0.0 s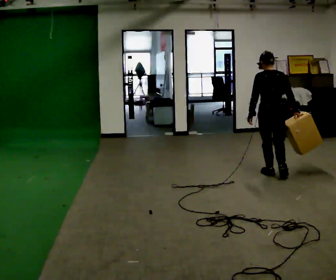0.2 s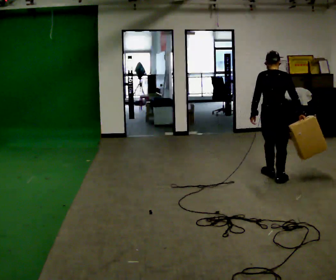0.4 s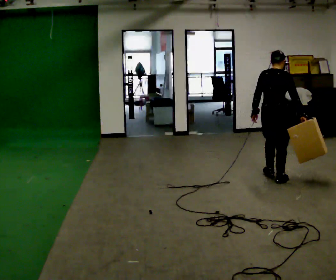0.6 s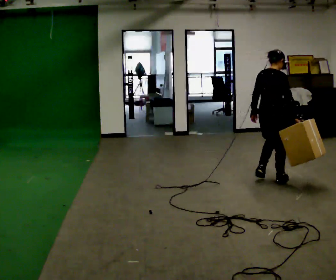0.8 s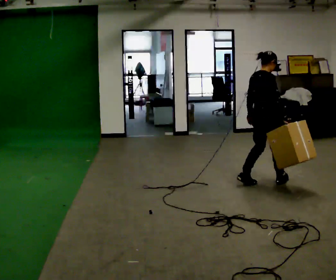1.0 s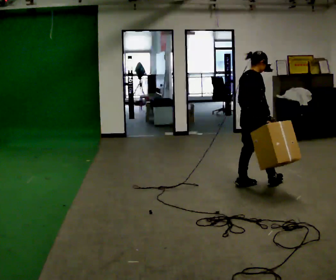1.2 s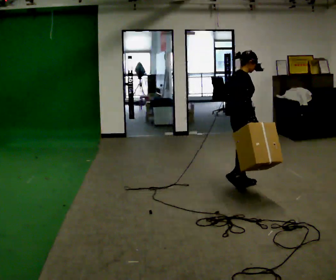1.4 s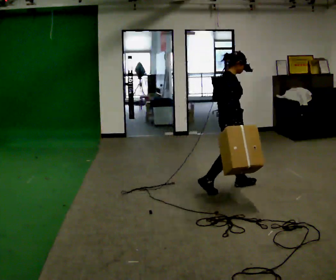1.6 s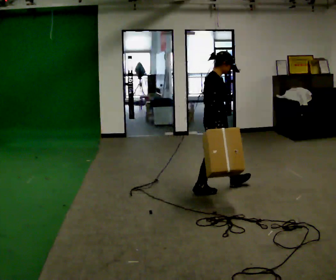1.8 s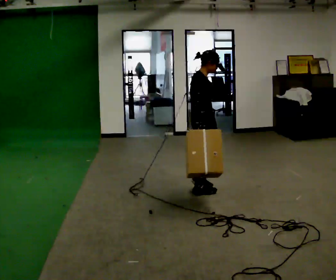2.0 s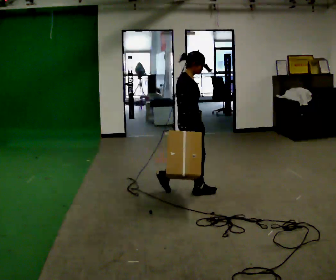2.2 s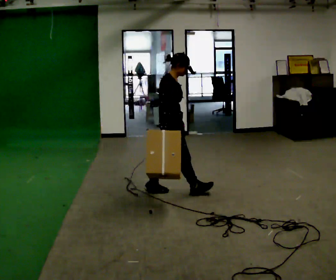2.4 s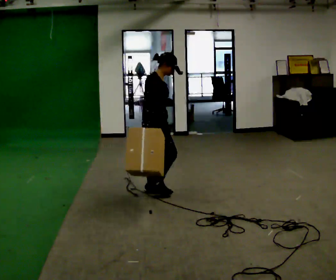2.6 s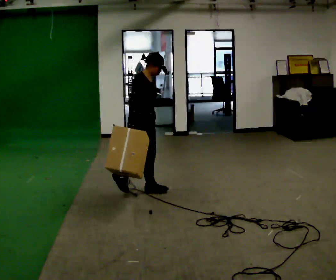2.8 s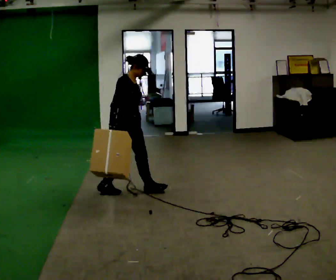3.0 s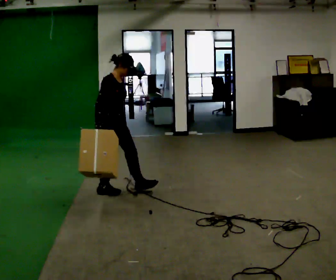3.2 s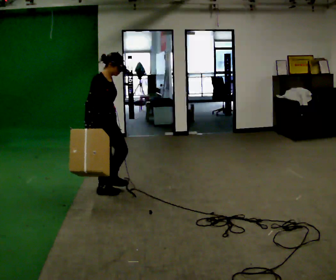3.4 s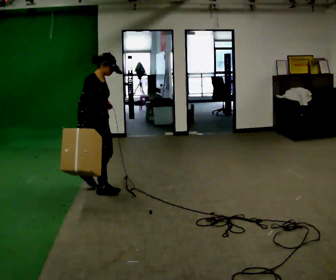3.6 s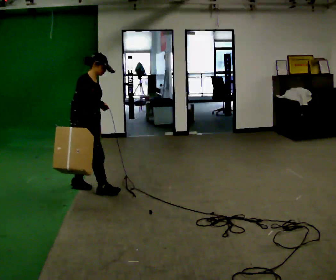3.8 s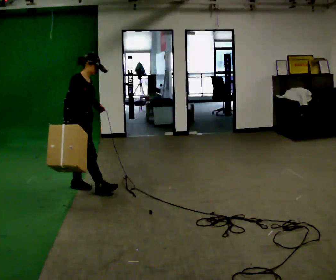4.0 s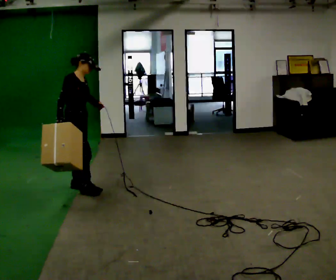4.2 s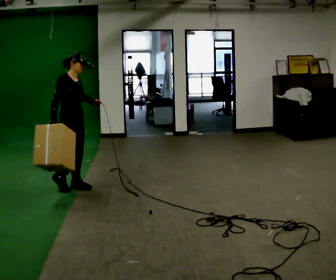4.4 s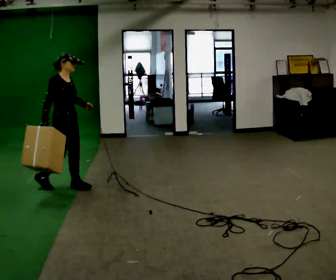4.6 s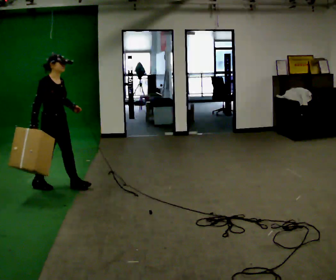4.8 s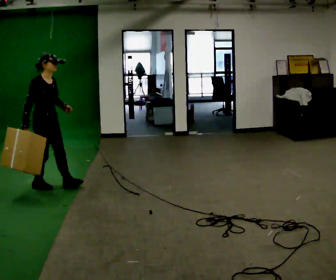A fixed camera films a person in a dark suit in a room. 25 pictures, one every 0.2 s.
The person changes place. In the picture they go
to the left.
The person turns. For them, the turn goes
to their right.
0.0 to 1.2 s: The part of the body nearest the lens slides to the left as the person turns to their right by about 75 degrees. In the picture they go to the left and toward the camera, about 0.5 m in 2 steps.
1.2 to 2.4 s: In the picture they go to the left, about 1 m in 2 steps, which for them is backward.
2.4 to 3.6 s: In the picture they go to the left, about 0.75 m in 1 step, which for them is backward.
3.6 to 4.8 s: In the picture they go to the left, about 0.5 m in 2 steps, which for them is backward.
The film runs backward here.
